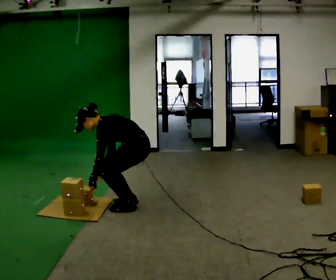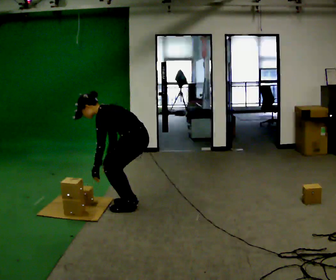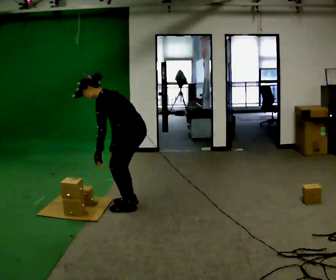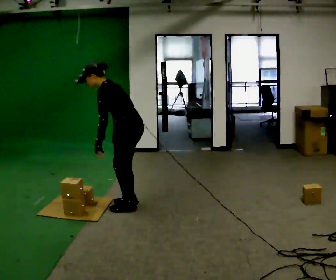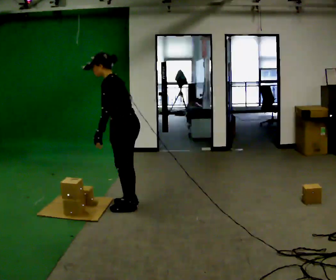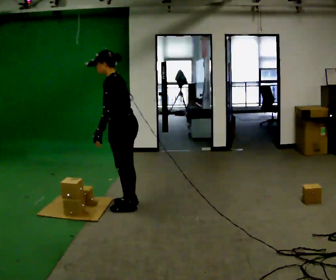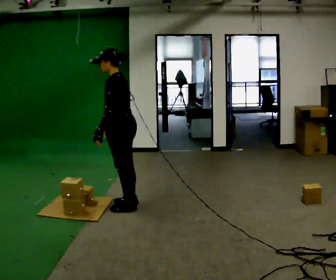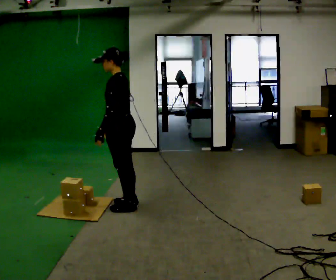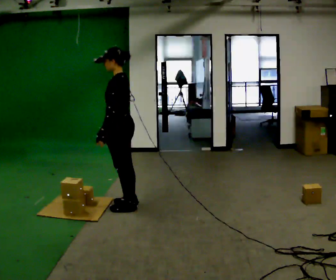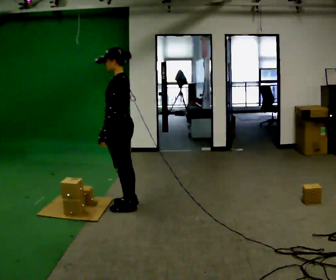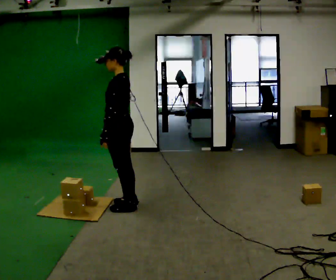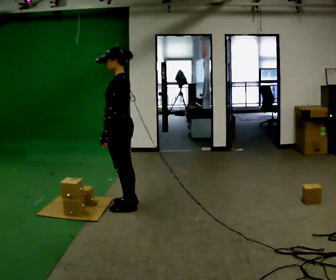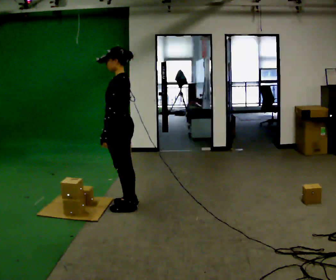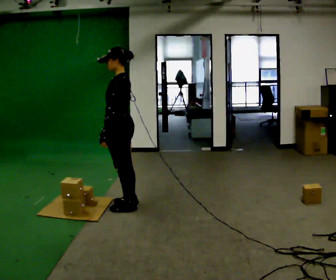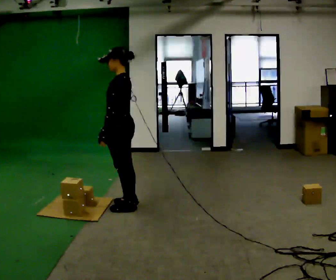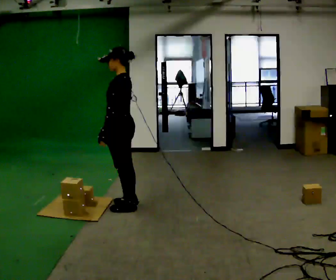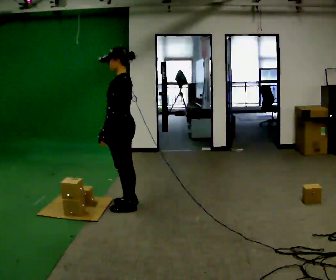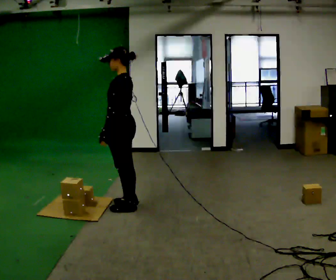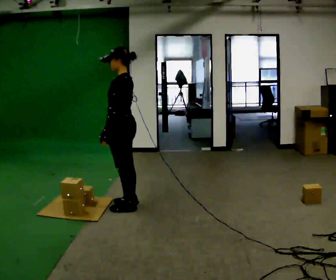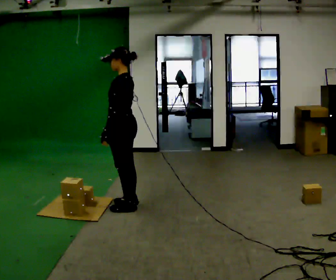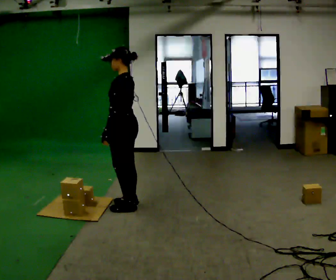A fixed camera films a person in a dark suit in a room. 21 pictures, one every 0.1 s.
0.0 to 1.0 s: In the picture they go to the left, about 0.25 m, which for them is forward. The shoulders move upward. In the picture the upper body tilts clockwise, shoulders to the right, as they lean back or straighten. In the picture their right hand goes upward.
1.0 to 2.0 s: The person moves a little, or ends about where they began.
The film runs forward here.
